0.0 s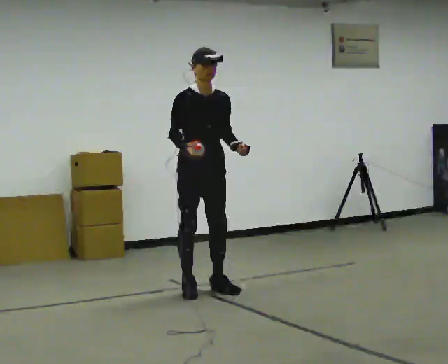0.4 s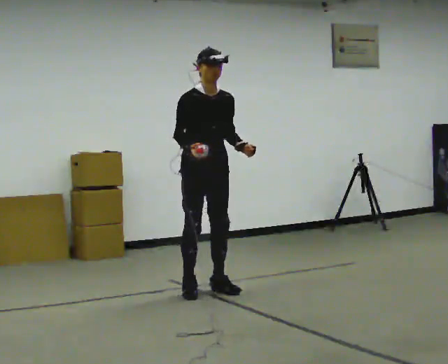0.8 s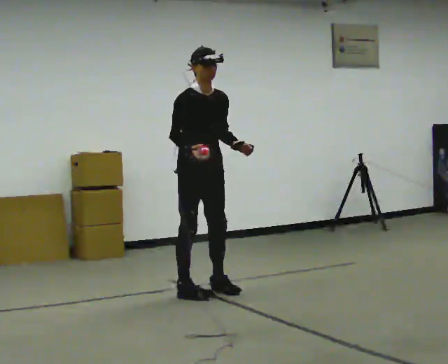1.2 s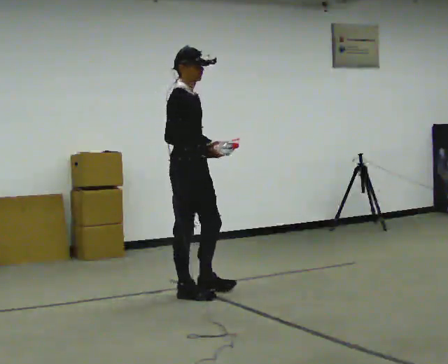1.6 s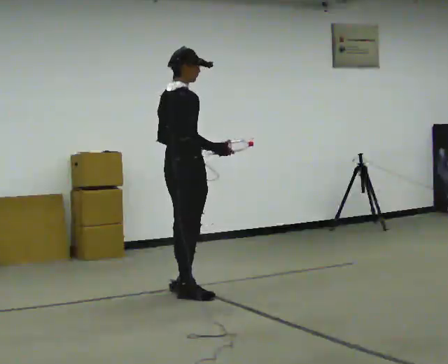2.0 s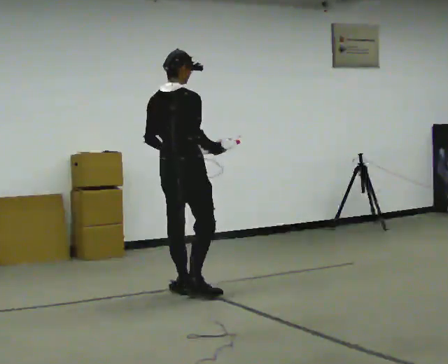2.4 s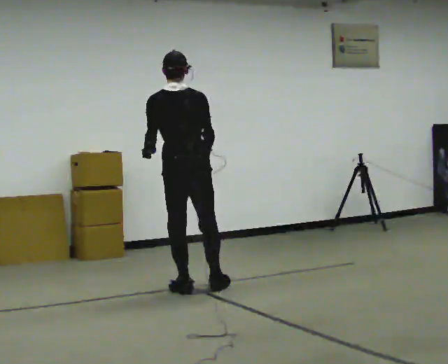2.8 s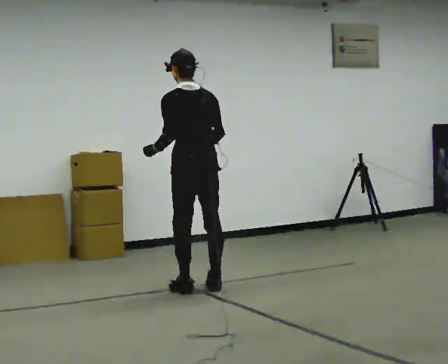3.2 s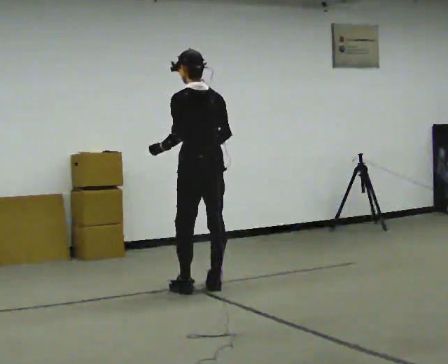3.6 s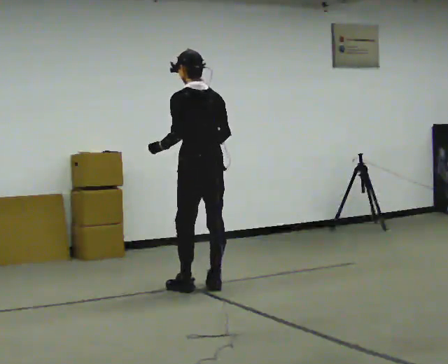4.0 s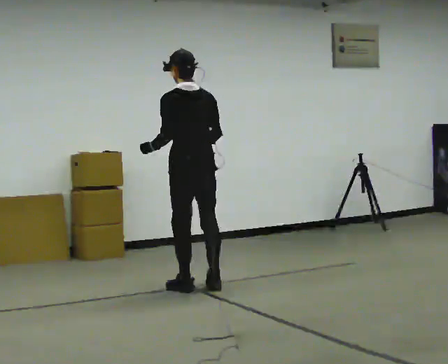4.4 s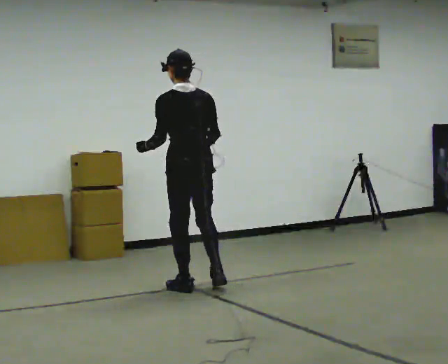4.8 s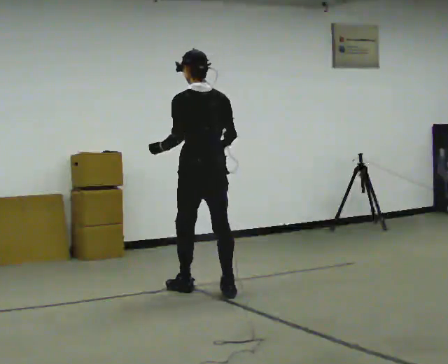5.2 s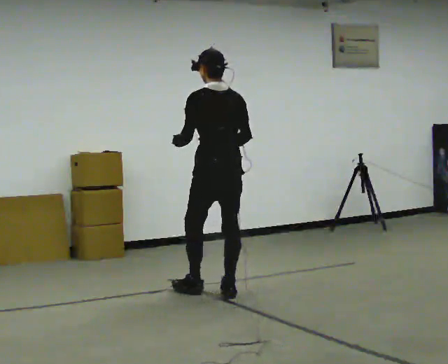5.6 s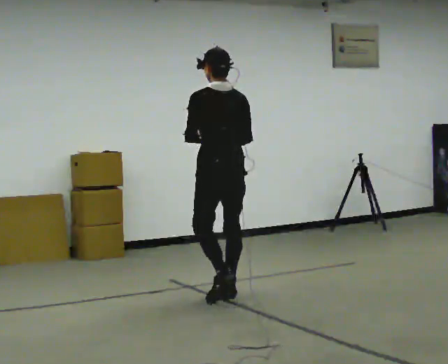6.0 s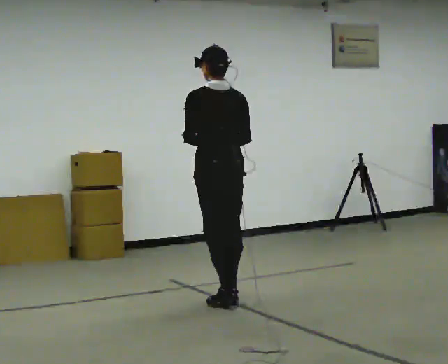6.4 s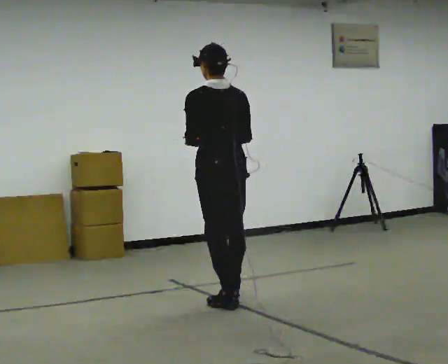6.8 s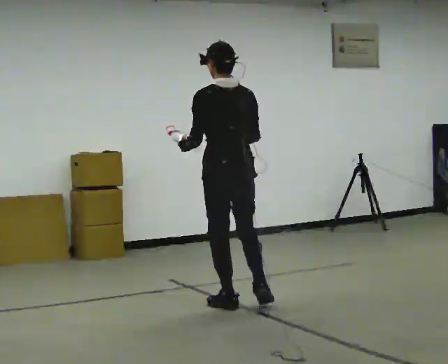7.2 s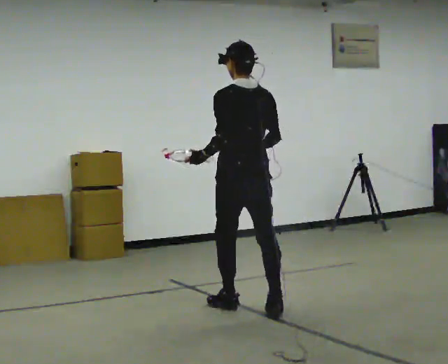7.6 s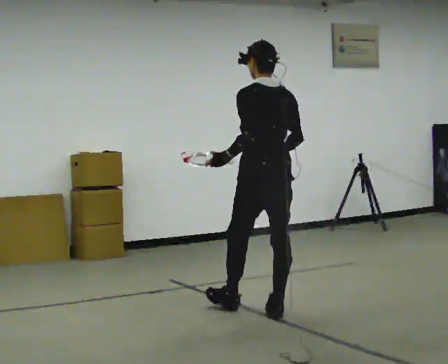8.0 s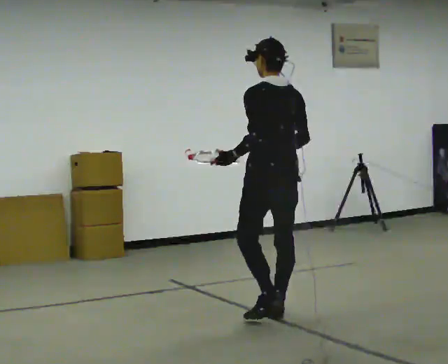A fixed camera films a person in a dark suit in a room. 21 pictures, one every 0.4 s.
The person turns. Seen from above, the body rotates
counterclockwise.
The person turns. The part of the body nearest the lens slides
to the right.
0.0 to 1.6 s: The part of the body nearest the lens slides to the right as the person turns to their left by about 90 degrees. In the picture they go toward the camera, about 0.25 m in 2 steps. In the picture their left hand goes to the left.
1.6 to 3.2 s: Seen from above the body turns counterclockwise, about 90 degrees: to their left, with its near side sliding to the right. In the picture they go away from the camera and to the right, about 0.25 m in 1 step.
3.2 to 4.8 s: The person moves a little, or ends about where they began.
4.8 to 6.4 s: In the picture they go toward the camera, about 0.5 m in 1 step, which for them is backward.
6.4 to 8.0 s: In the picture they go toward the camera and to the right, about 0.5 m in 2 steps, which for them is backward.
The film runs backward here.
